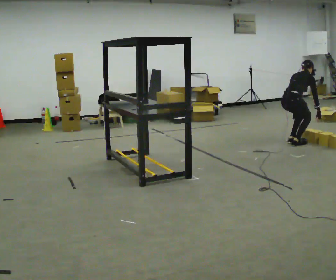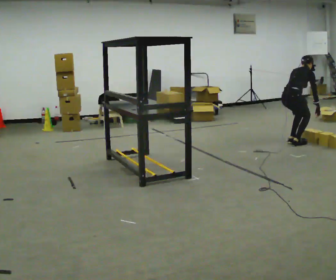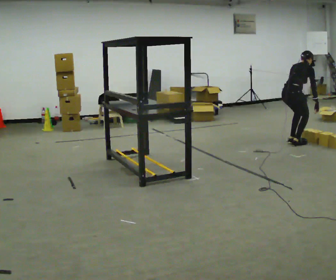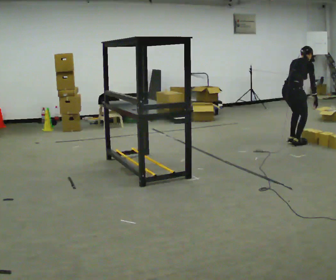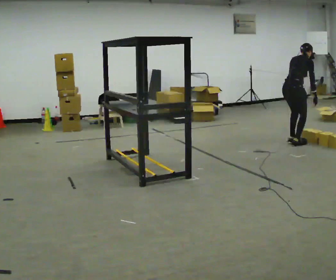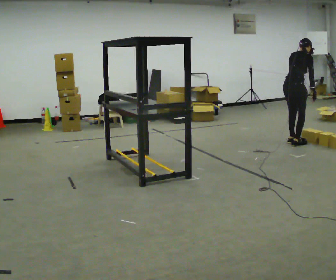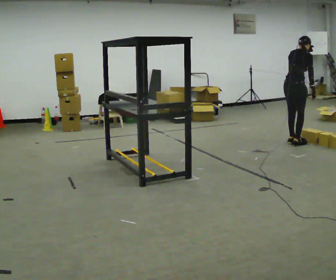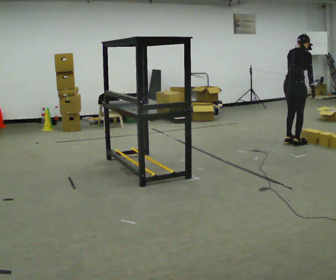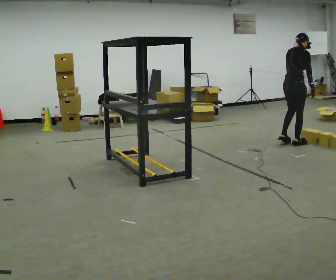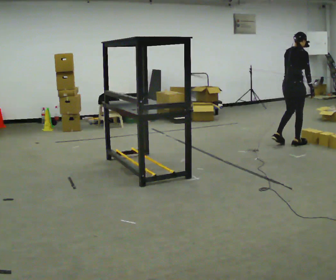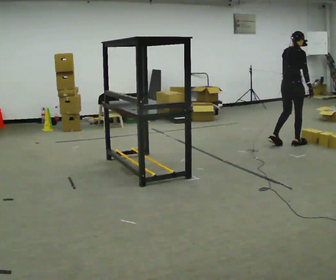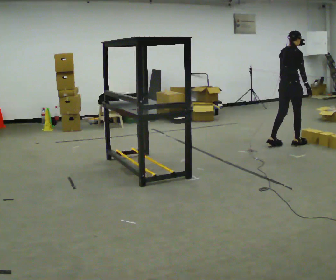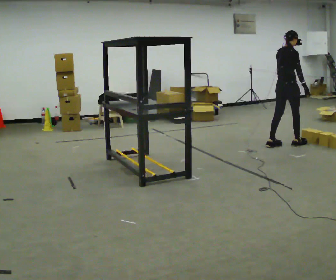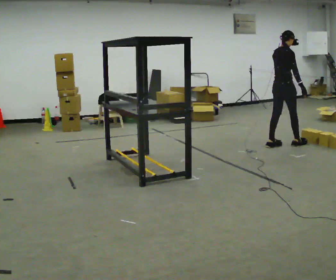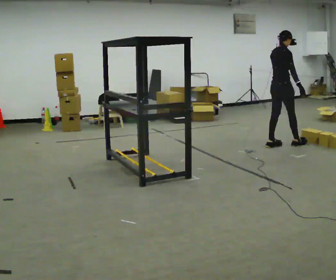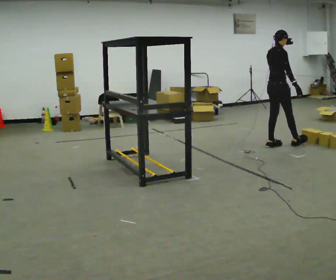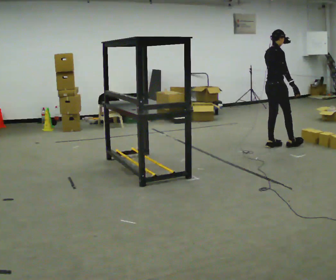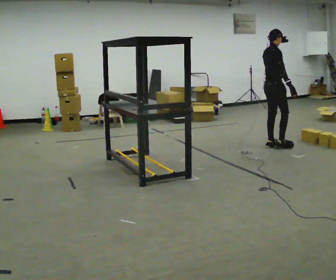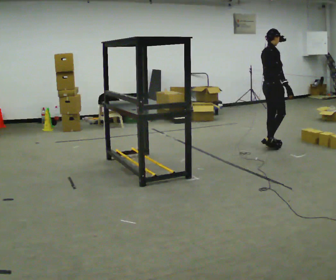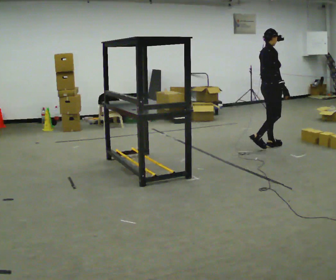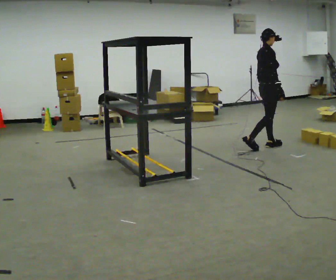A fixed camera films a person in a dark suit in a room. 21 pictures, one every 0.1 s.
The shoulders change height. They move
upward.
0.0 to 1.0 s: The shoulders move upward. The upper body tips toward the camera, its near side rolling downward, as they lean back or straighten. In the picture their right hand goes upward.
1.0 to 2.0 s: The part of the body nearest the lens slides to the left as the person turns to their right by about 30 degrees. In the picture they go to the left, about 0.25 m in 1 step, which for them is backward.
The film runs backward here.
